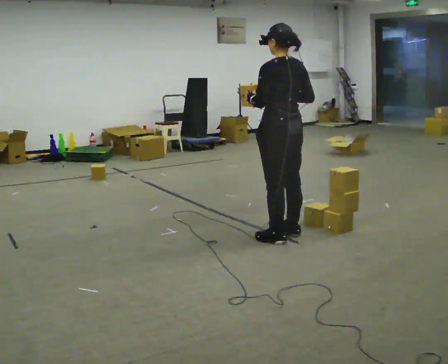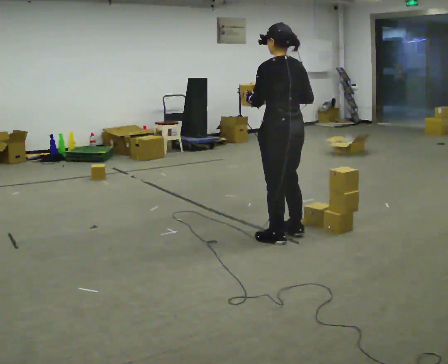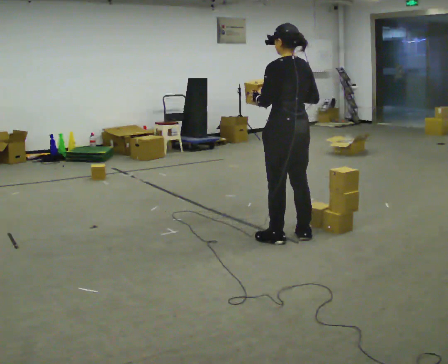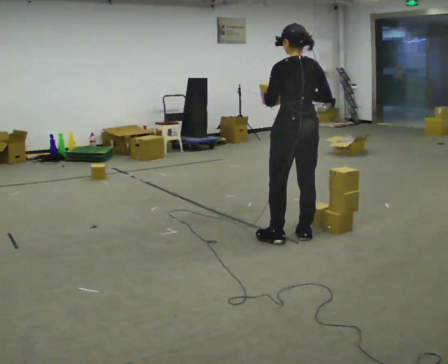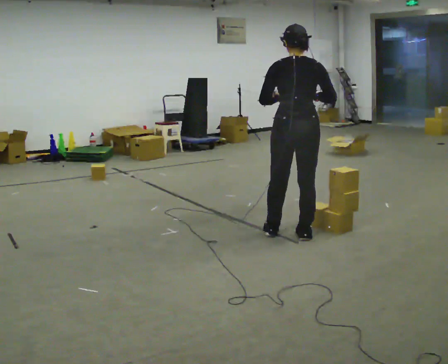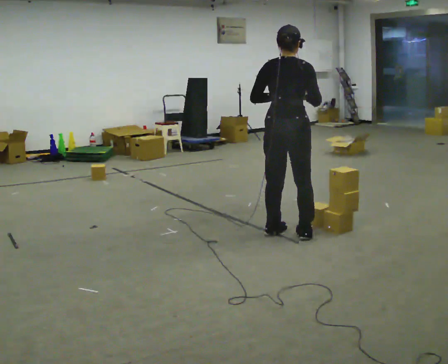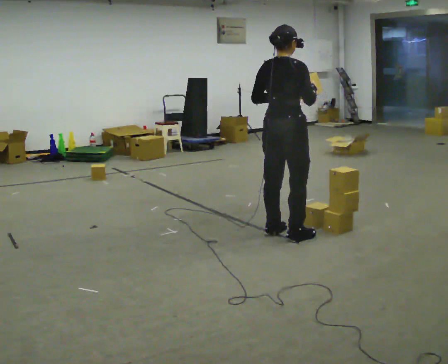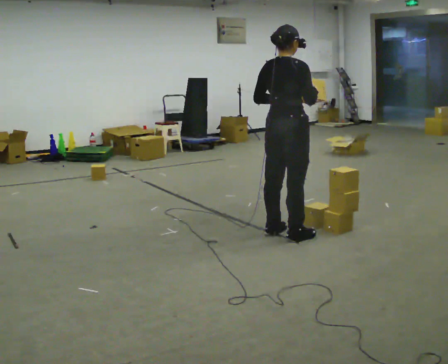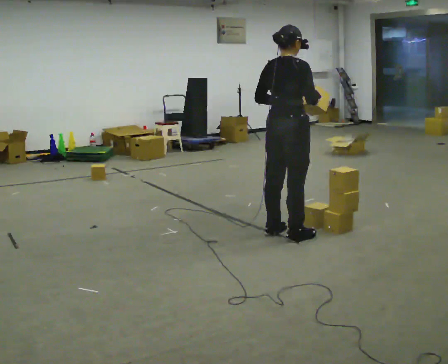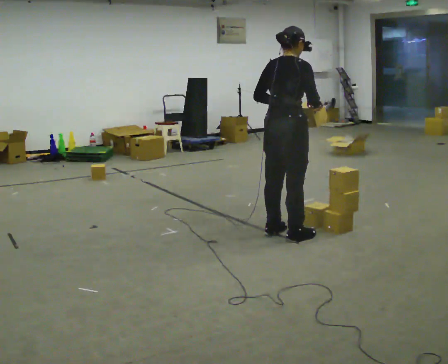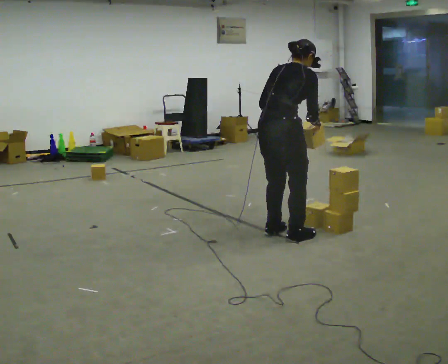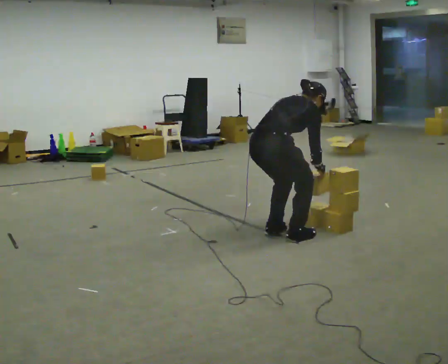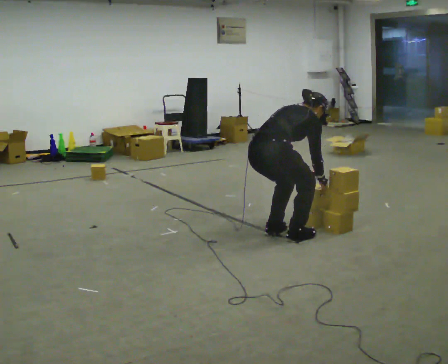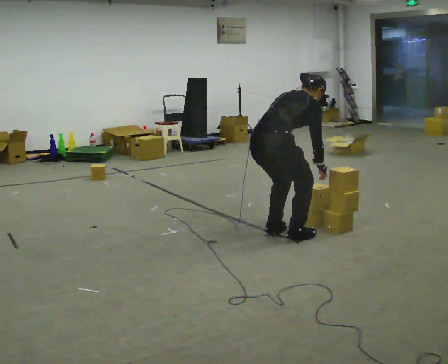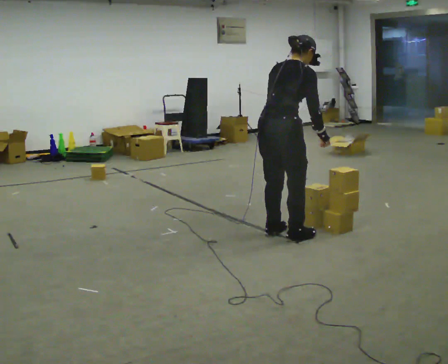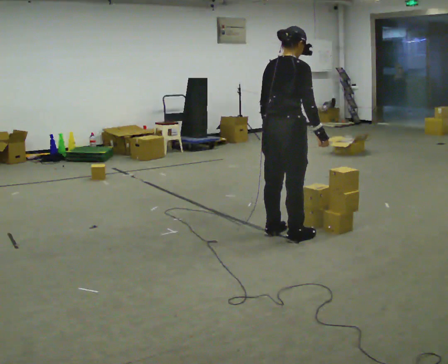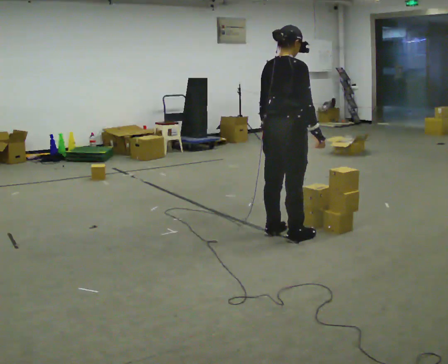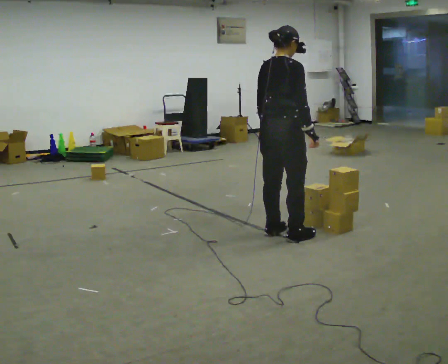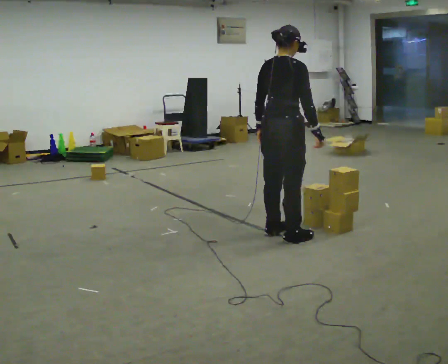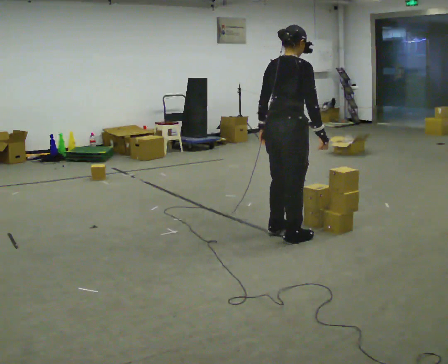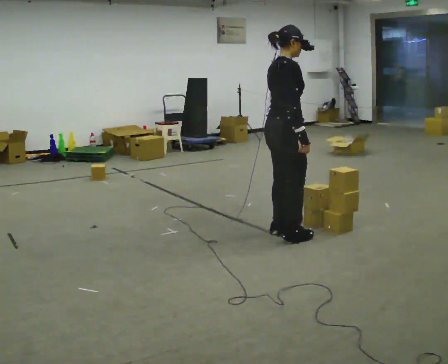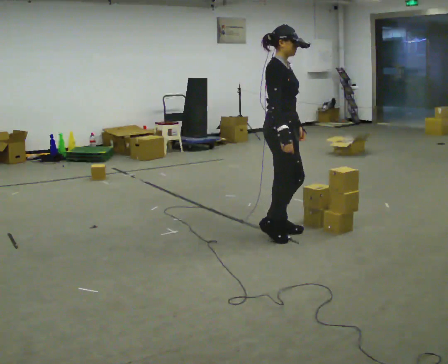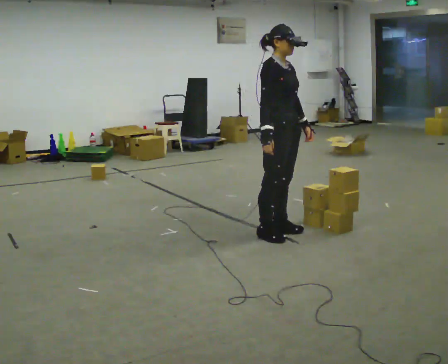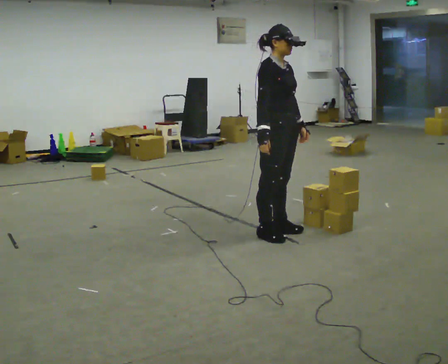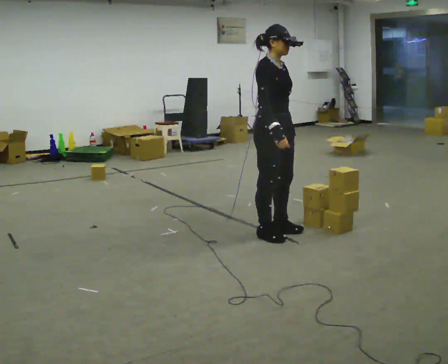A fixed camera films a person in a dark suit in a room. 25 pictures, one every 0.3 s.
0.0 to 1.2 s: The person turns about 30 degrees to their right, clockwise seen from above, so the part of the body nearest the lens slides to the left.
1.2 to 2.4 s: The person turns about 45 degrees to their right, clockwise seen from above, so the part of the body nearest the lens slides to the left.
2.4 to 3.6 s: The upper body goes downward. The upper body tips away from the camera, its near side rolling upward, as they bend forward. In the picture their right hand goes downward.
3.6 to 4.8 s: The upper body goes upward. The upper body tips toward the camera, its near side rolling downward, as they lean back or straighten. In the picture their right hand goes upward.
4.8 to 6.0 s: The person moves a little, or ends about where they began.
6.0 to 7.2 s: The part of the body nearest the lens slides to the left as the person turns to their right by about 45 degrees.
The film runs backward here.
